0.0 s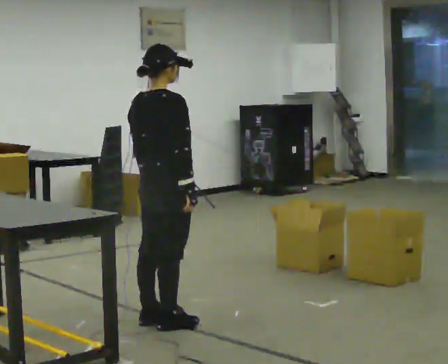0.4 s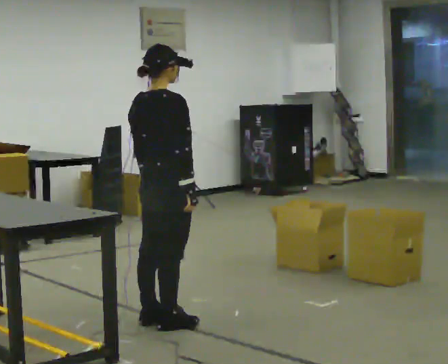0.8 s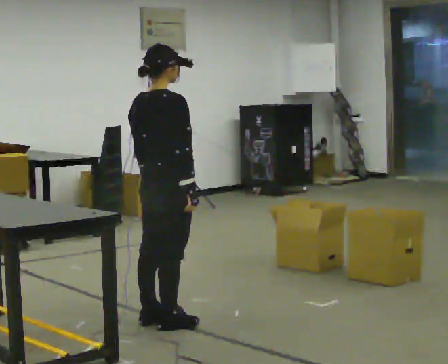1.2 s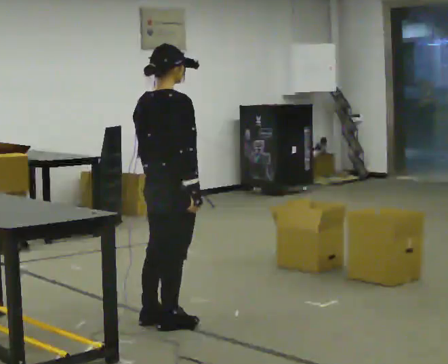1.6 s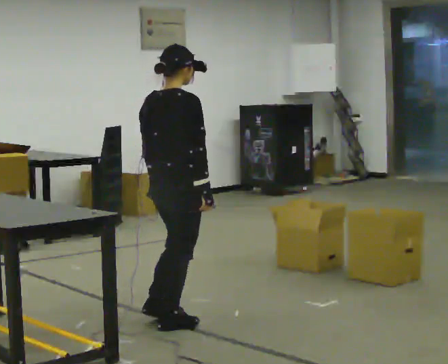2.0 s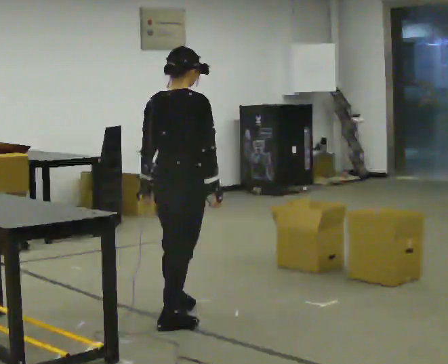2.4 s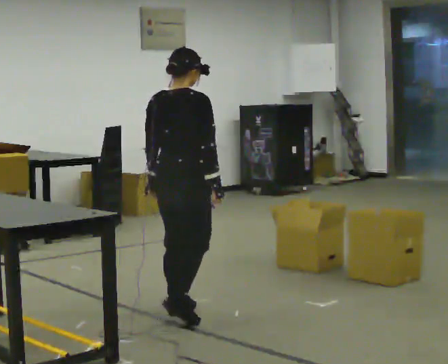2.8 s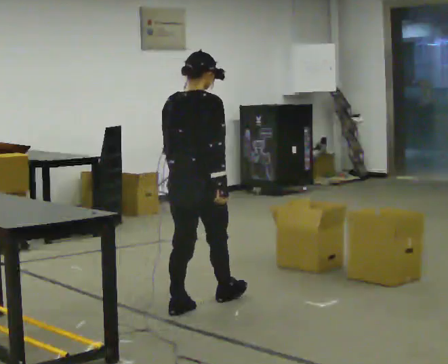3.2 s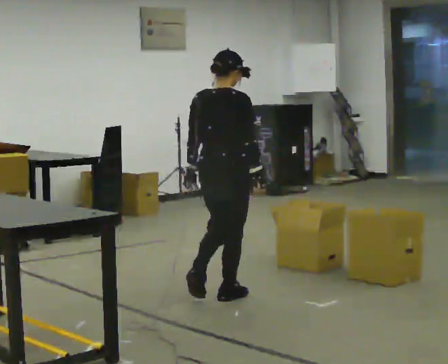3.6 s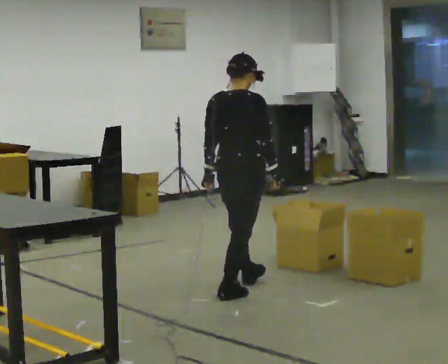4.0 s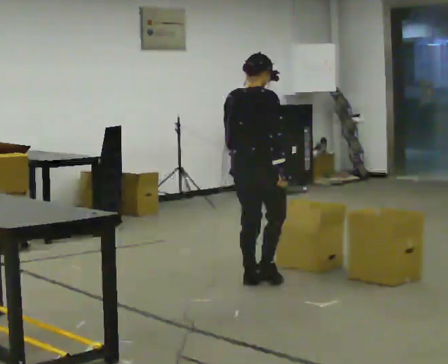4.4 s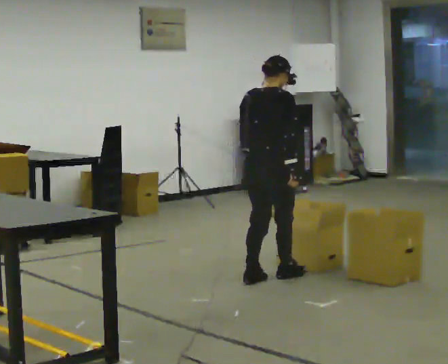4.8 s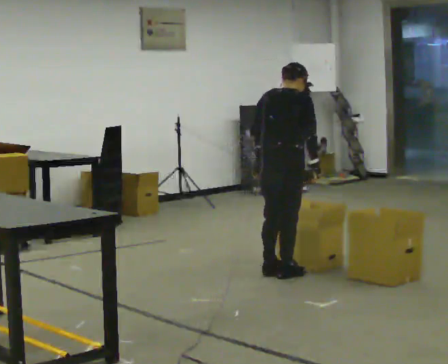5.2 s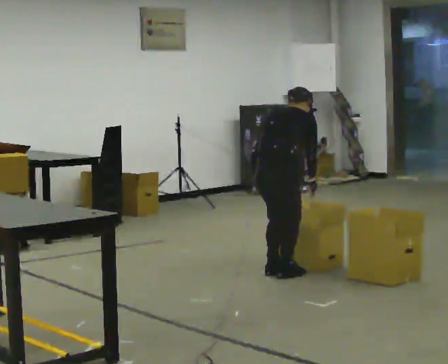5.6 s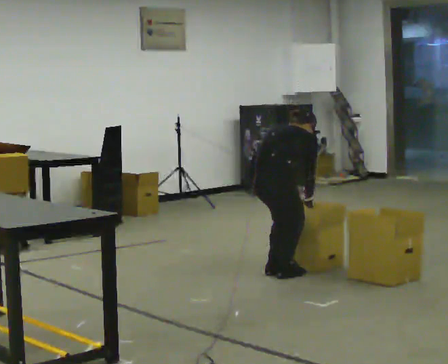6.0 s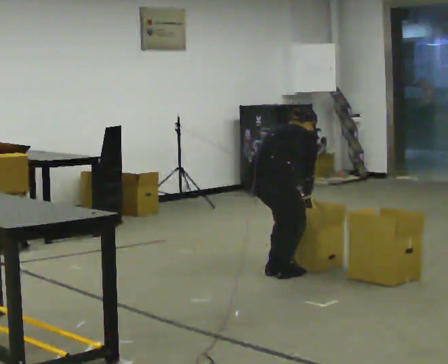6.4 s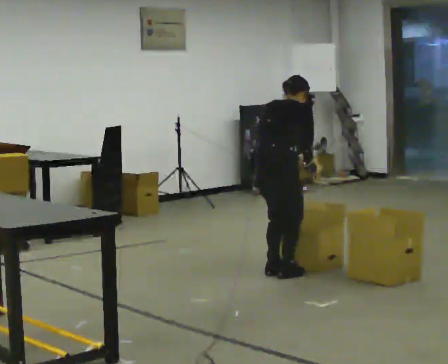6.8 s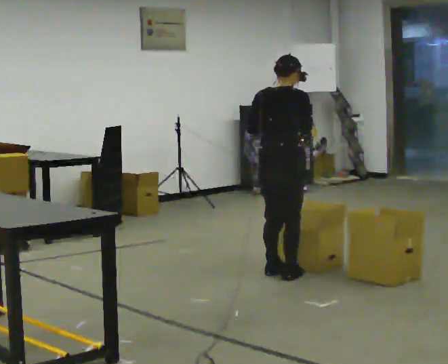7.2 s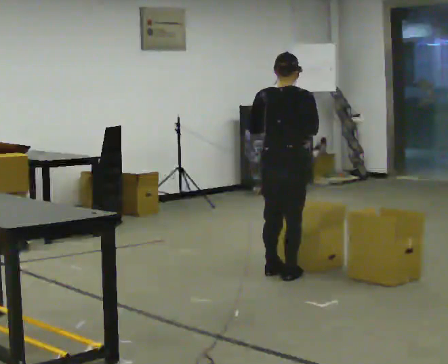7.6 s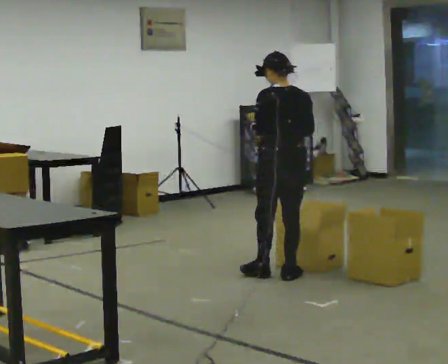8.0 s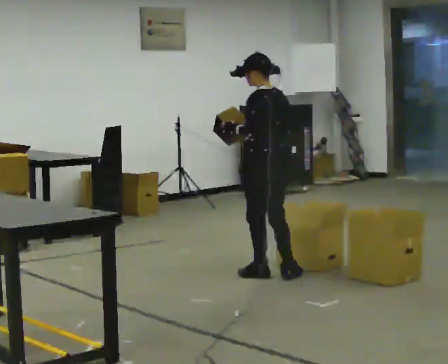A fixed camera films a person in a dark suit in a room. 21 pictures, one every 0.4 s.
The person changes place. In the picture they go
away from the camera.
The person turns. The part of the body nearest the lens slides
to the right.
0.0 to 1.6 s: The person moves a little, or ends about where they began.
1.6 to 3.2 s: In the picture they go away from the camera and to the right, about 0.75 m in 2 steps, which for them is forward.
3.2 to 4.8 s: In the picture they go away from the camera and to the right, about 0.75 m in 2 steps, which for them is forward. The upper body tips away from the camera, its near side rolling upward, as they bend forward.
4.8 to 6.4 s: The person moves a little, or ends about where they began.
6.4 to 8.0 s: The person turns about 90 degrees to their left, counterclockwise seen from above, so the part of the body nearest the lens slides to the right. The upper body tips toward the camera, its near side rolling downward, as they lean back or straighten. In the picture their right hand goes to the left.
The film runs forward here.
